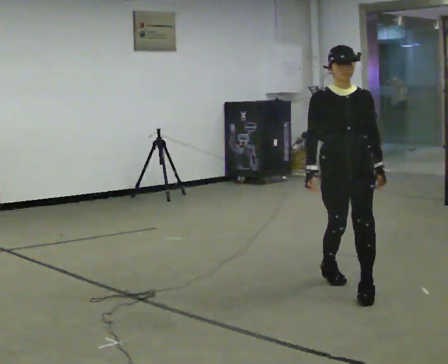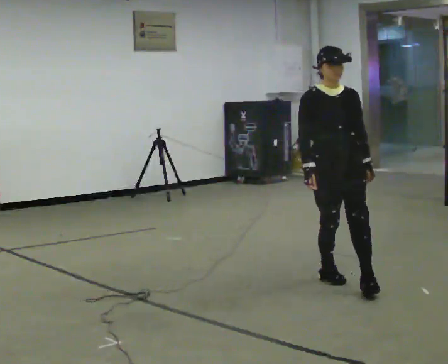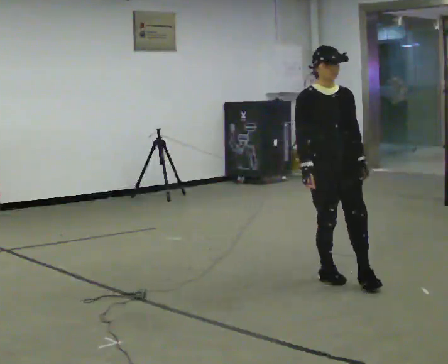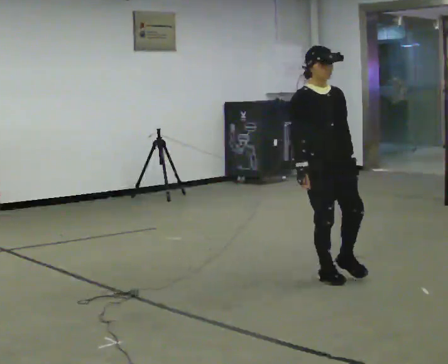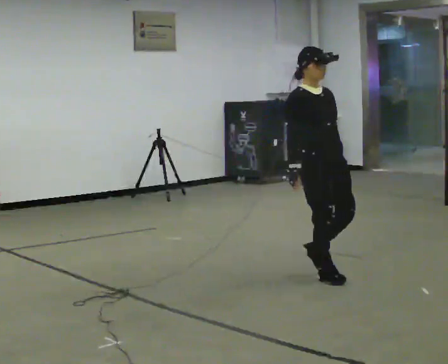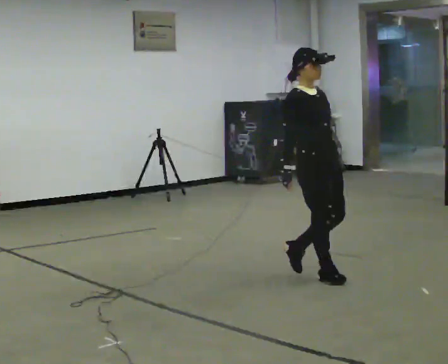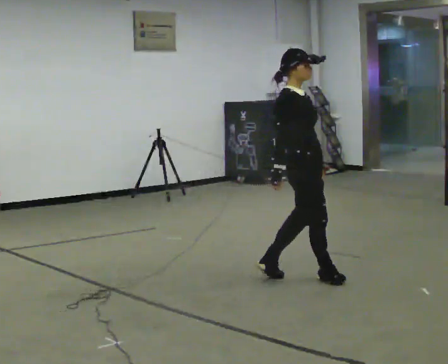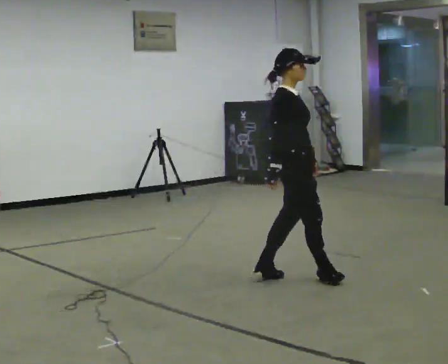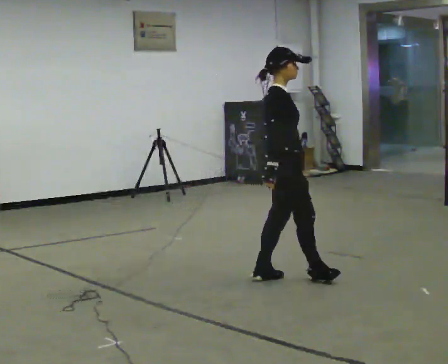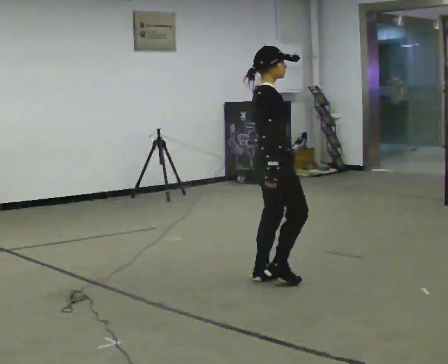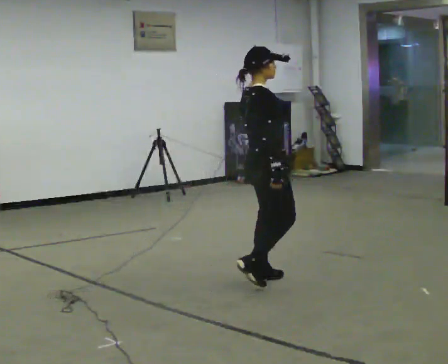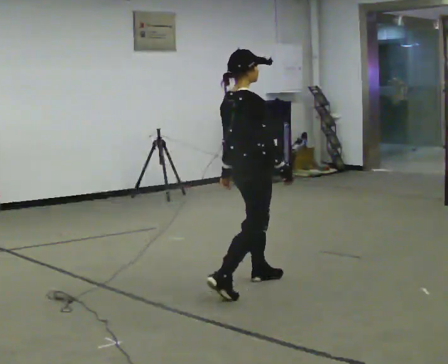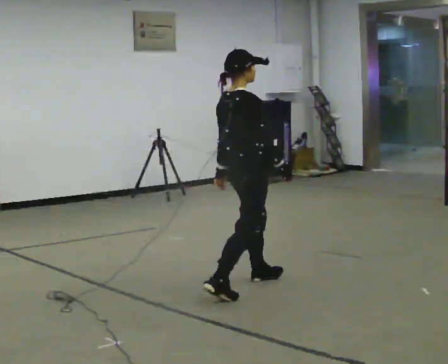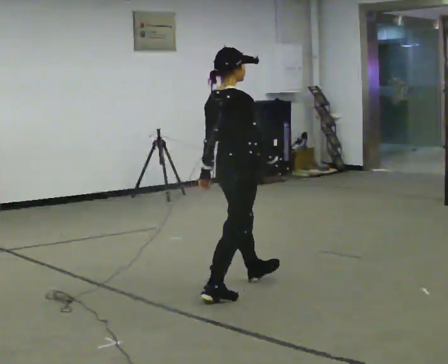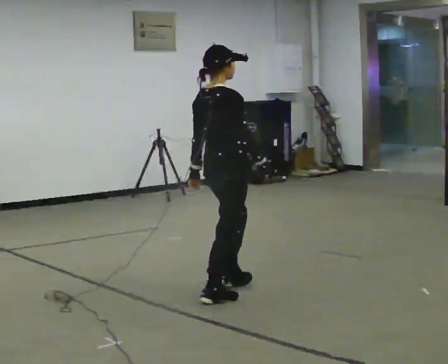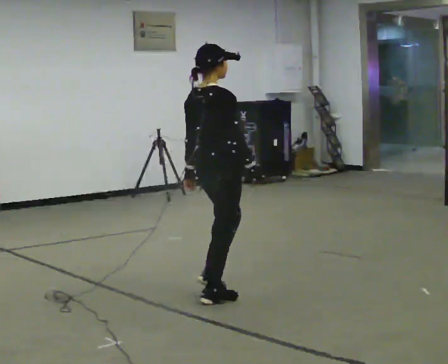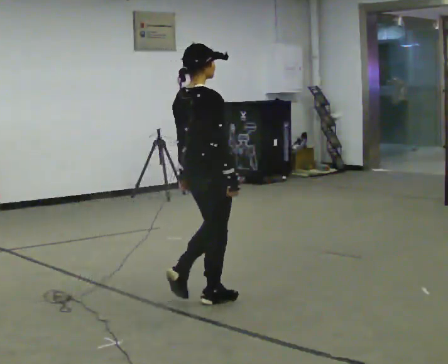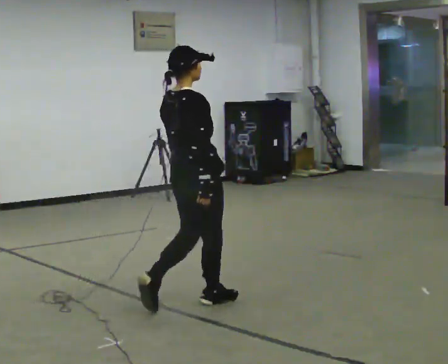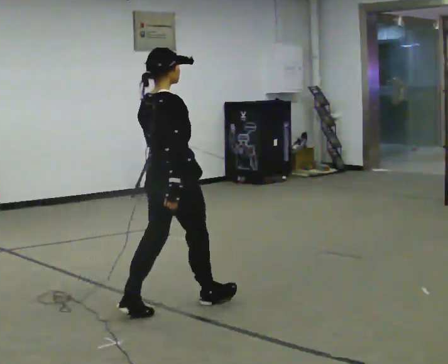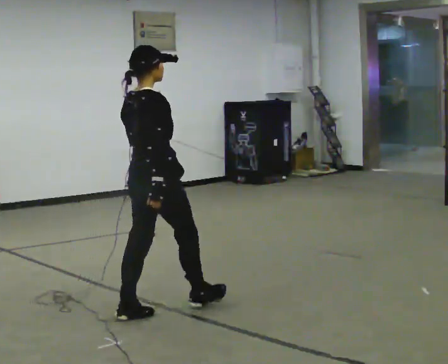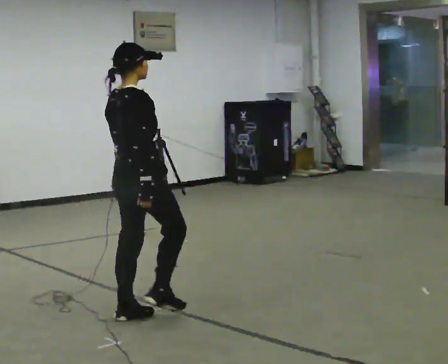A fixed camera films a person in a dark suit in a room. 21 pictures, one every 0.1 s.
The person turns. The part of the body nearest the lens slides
to the right.
The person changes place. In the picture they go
to the left.
0.0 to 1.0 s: Seen from above the body turns counterclockwise, about 105 degrees: to their left, with its near side sliding to the right. In the picture they go to the left and away from the camera, about 0.5 m in 2 steps.
1.0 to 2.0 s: In the picture they go toward the camera and to the left, about 1 m in 2 steps, which for them is backward.
The film runs backward here.
